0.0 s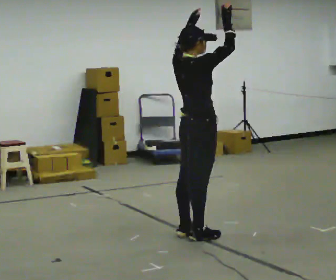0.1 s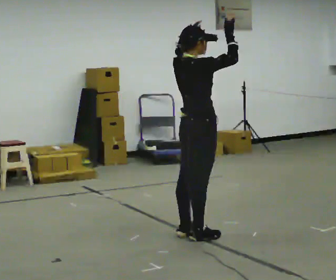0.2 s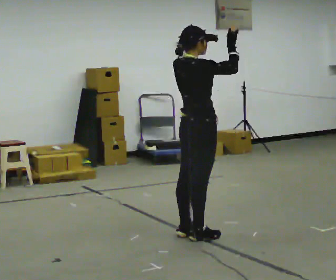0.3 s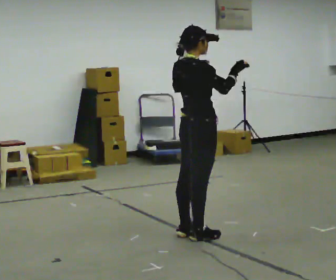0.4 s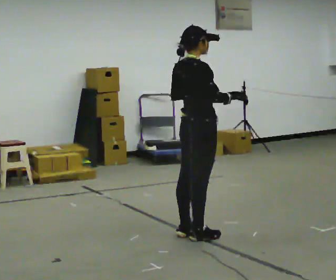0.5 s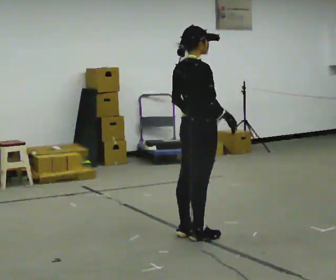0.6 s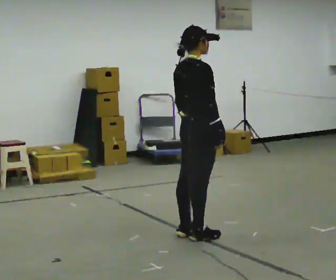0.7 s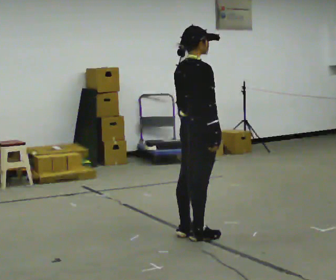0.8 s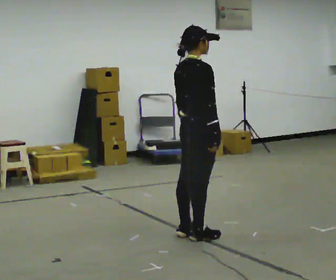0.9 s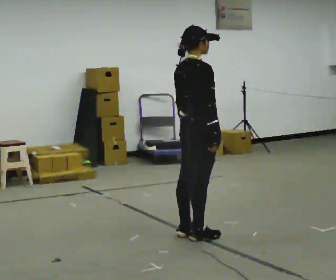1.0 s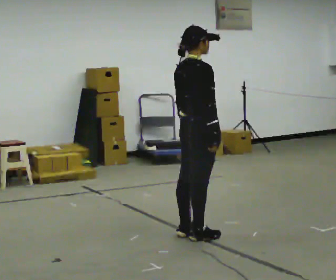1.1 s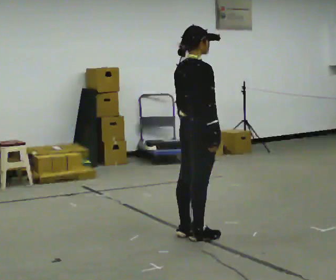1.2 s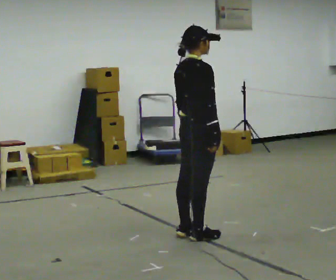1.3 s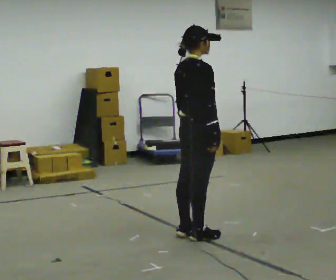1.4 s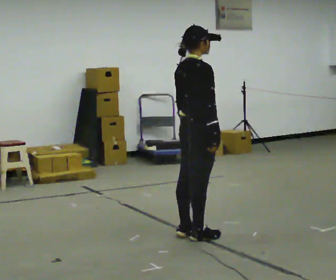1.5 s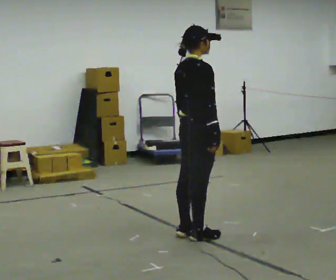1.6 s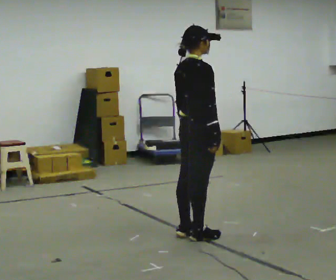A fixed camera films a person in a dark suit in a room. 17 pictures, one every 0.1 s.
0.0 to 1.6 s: In the picture their left hand goes downward.
The film runs backward here.
